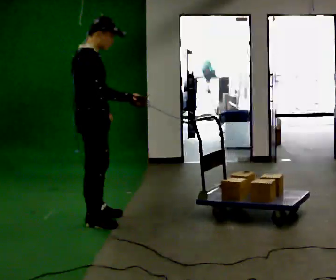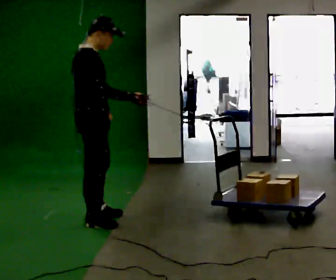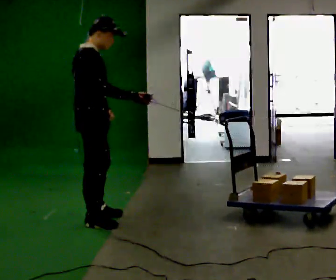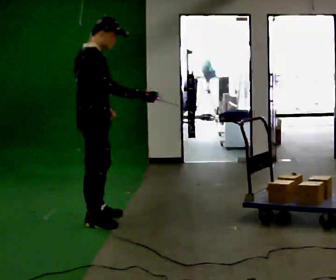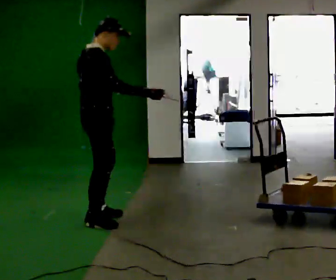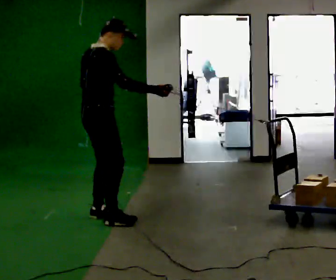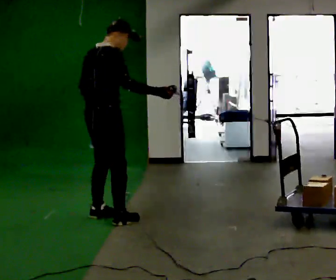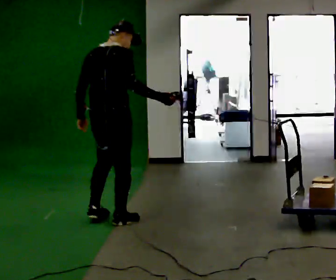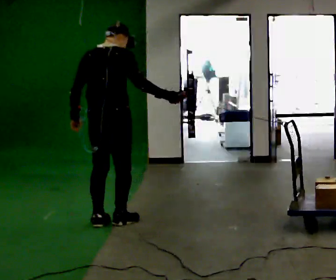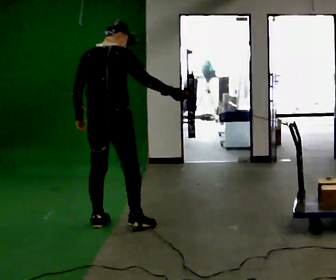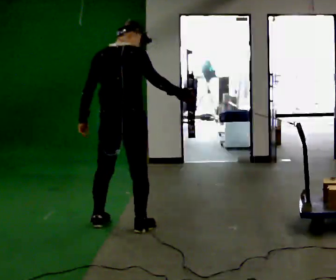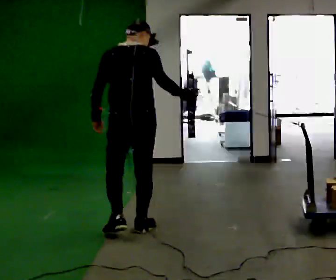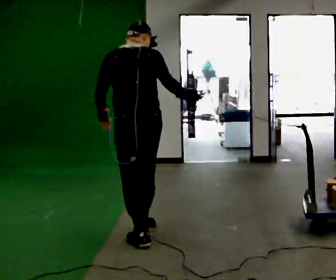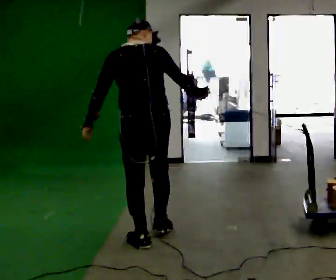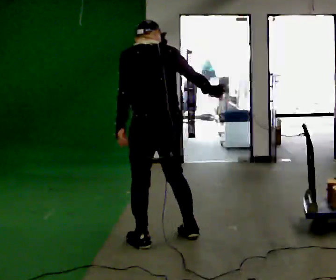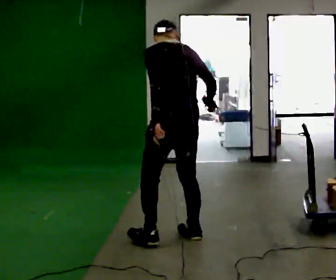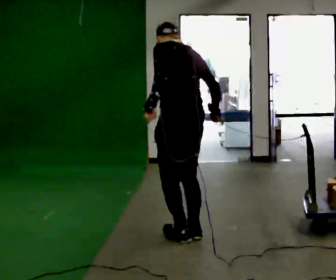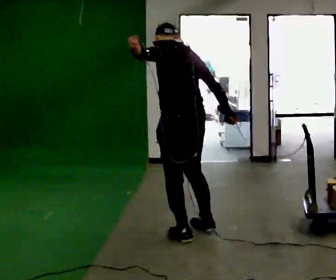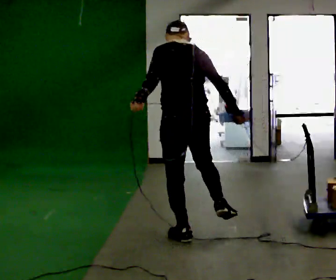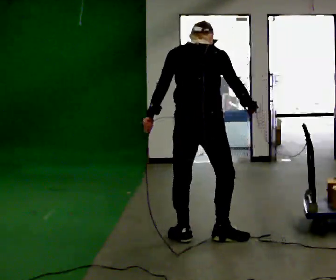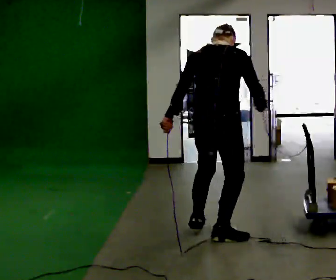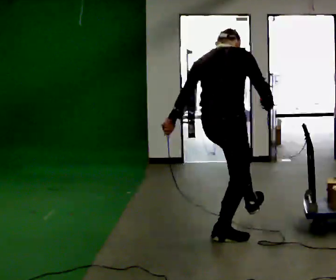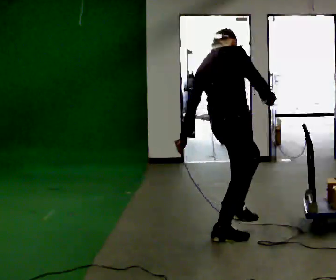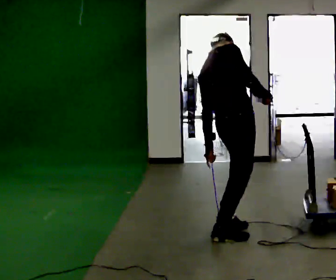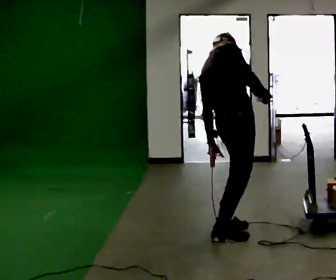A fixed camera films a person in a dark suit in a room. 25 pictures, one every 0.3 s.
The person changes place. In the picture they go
to the right.
0.0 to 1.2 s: The person moves a little, or ends about where they began.
1.2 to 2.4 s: The part of the body nearest the lens slides to the right as the person turns to their left by about 60 degrees.
2.4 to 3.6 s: The person turns about 30 degrees to their left, counterclockwise seen from above, so the part of the body nearest the lens slides to the right. In the picture they go toward the camera and to the right, about 0.5 m in 2 steps, which for them is to their right and backward.
3.6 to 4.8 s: Seen from above the body turns counterclockwise, about 30 degrees: to their left, with its near side sliding to the right. In the picture they go to the right, about 0.25 m in 2 steps, which for them is to their right and backward.
4.8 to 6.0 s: The person turns about 75 degrees to their right, clockwise seen from above, so the part of the body nearest the lens slides to the left. In the picture they go to the right, about 0.25 m in 1 step.
6.0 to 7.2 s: Seen from above the body turns clockwise, about 45 degrees: to their right, with its near side sliding to the left. In the picture the upper body tilts counterclockwise, shoulders to the left, as they lean back or straighten. In the picture their left hand goes to the right.
The film runs backward here.
